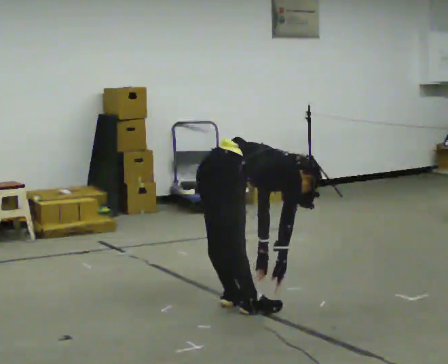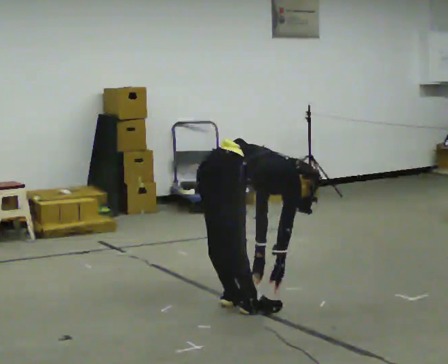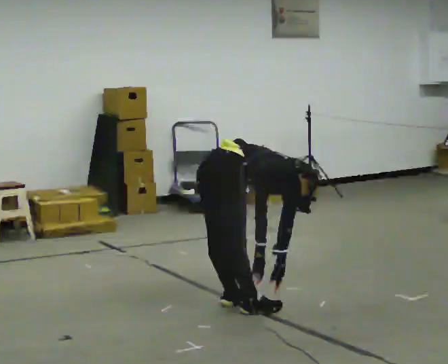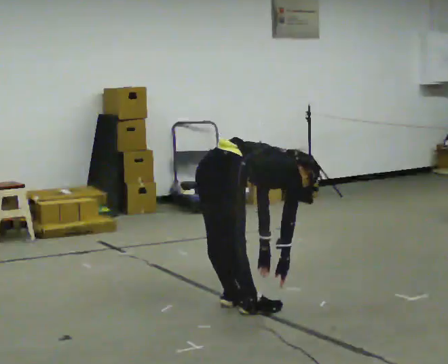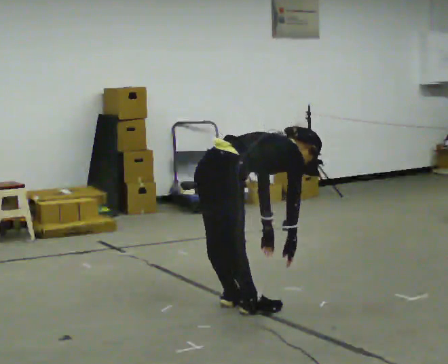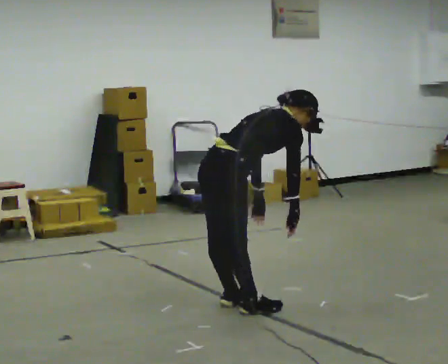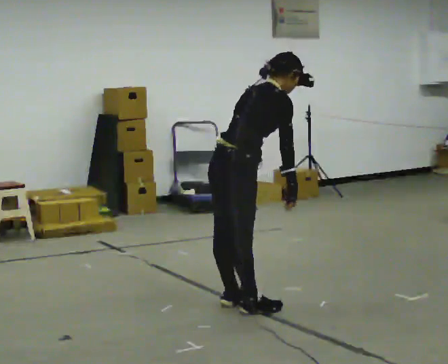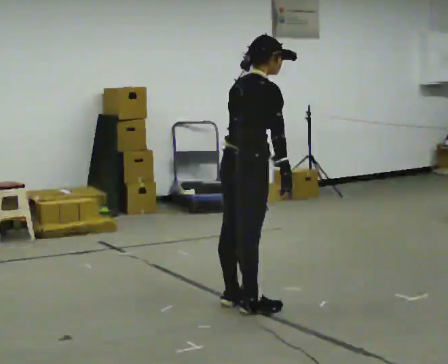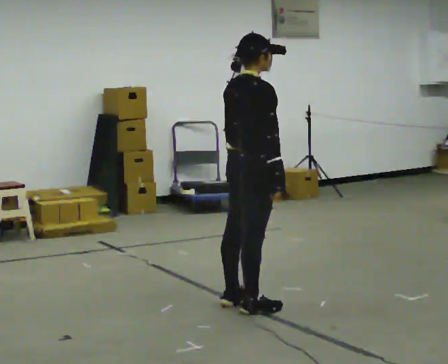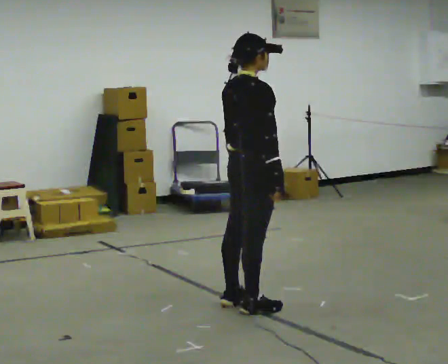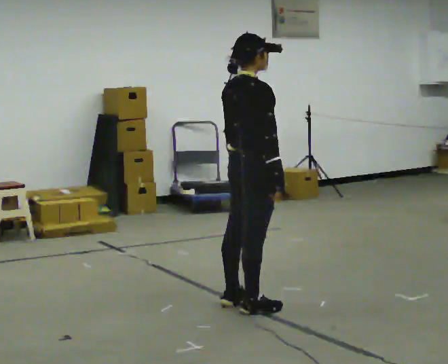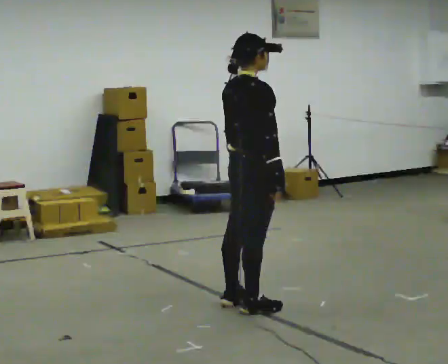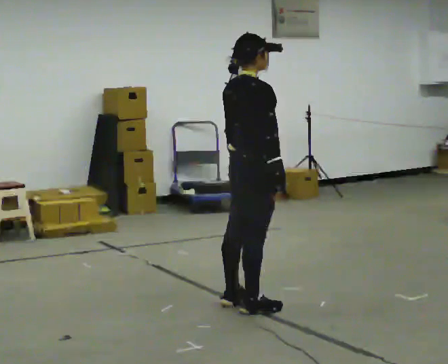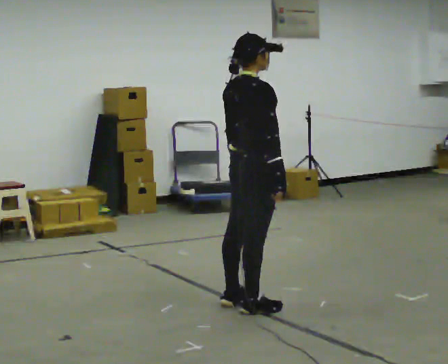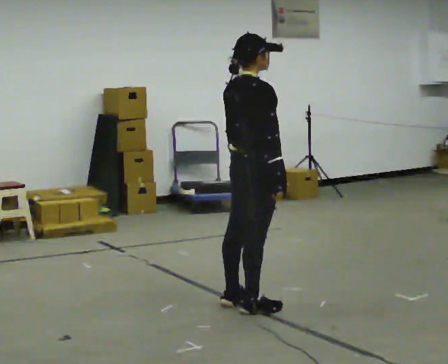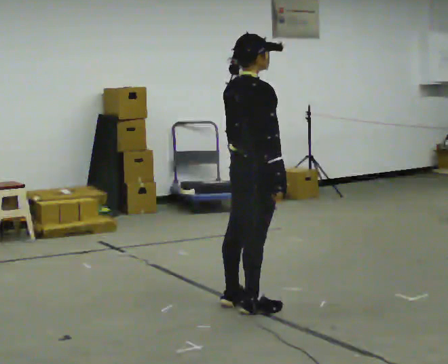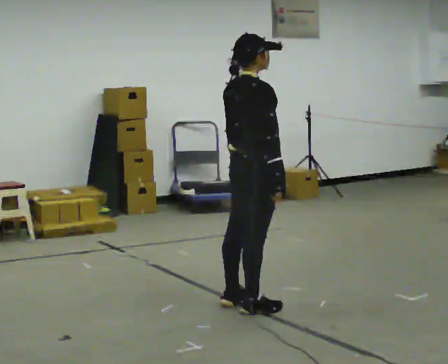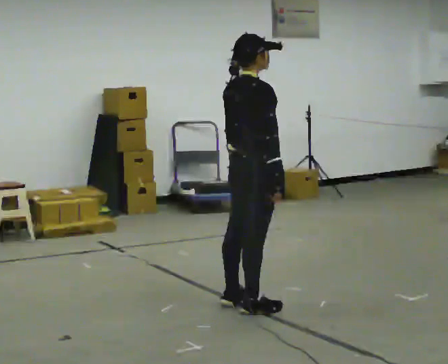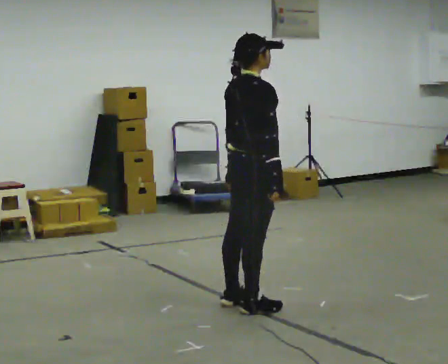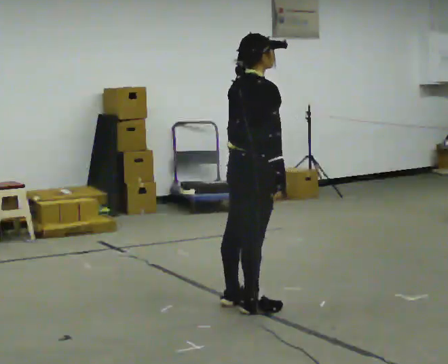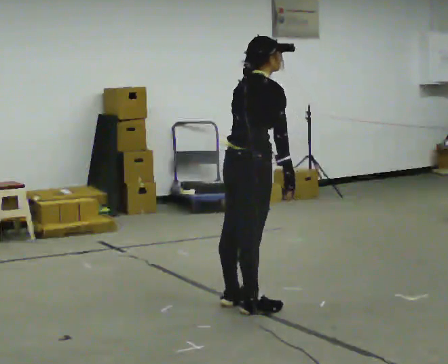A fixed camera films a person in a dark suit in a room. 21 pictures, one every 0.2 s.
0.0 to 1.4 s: The shoulders move upward. In the picture the upper body tilts counterclockwise, shoulders to the left, as they lean back or straighten. In the picture their left hand goes upward.
1.4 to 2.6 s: In the picture the upper body tilts counterclockwise, shoulders to the left, as they lean back or straighten.
2.6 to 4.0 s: The person moves a little, or ends about where they began.
The film runs backward here.
